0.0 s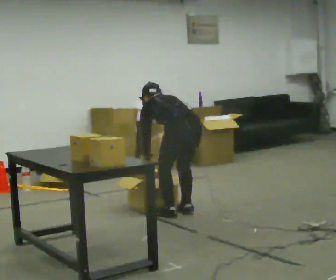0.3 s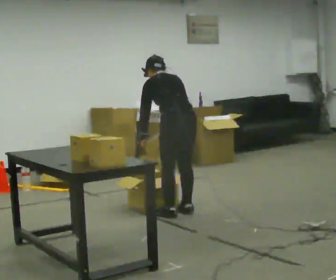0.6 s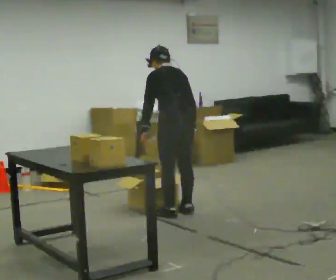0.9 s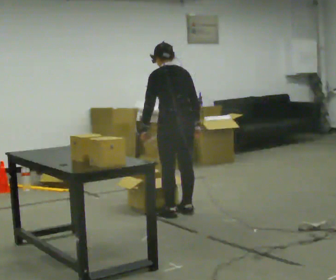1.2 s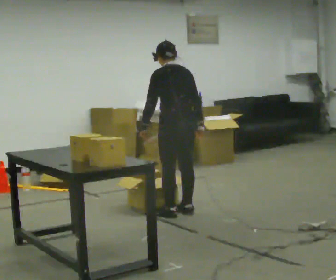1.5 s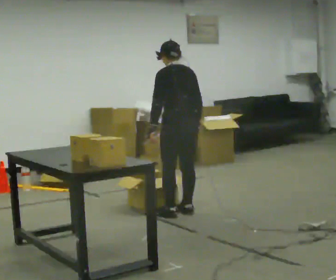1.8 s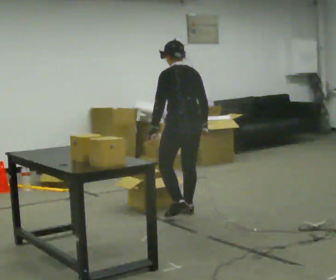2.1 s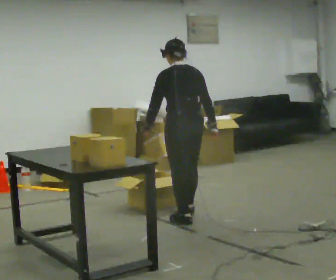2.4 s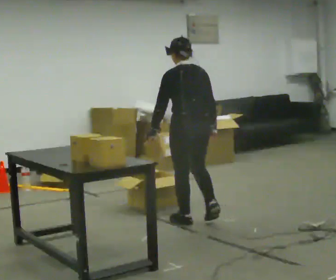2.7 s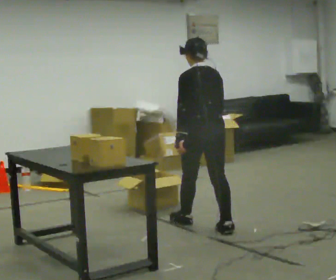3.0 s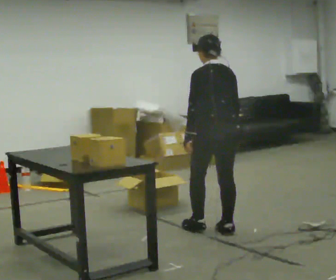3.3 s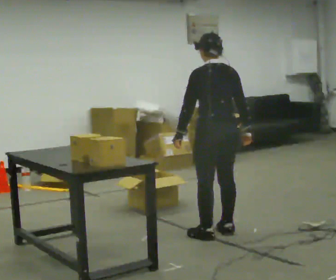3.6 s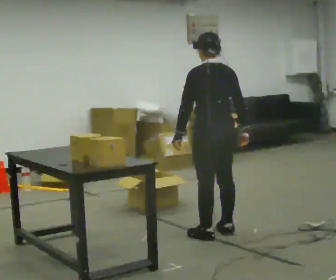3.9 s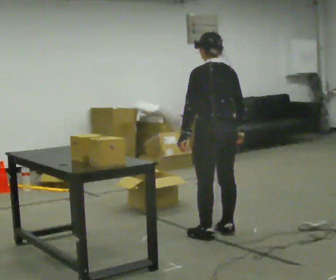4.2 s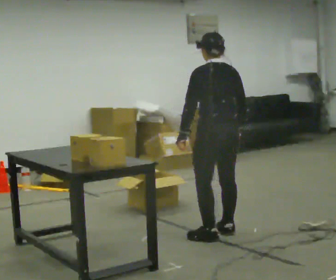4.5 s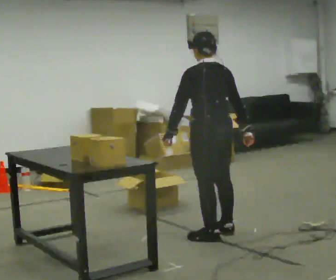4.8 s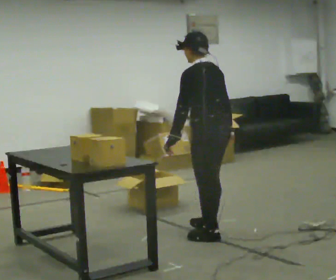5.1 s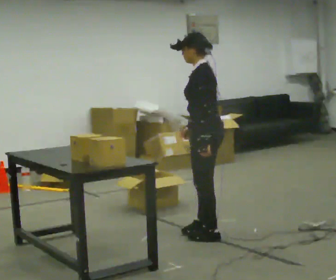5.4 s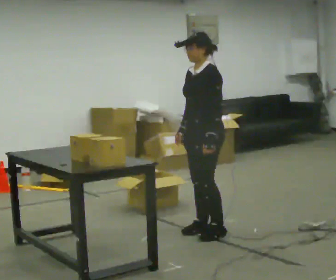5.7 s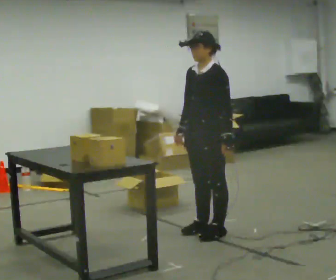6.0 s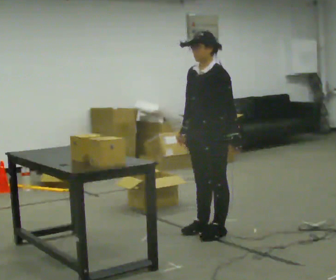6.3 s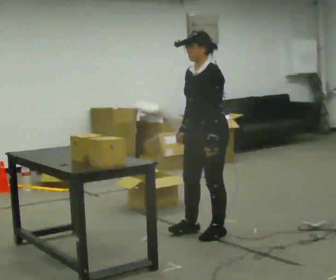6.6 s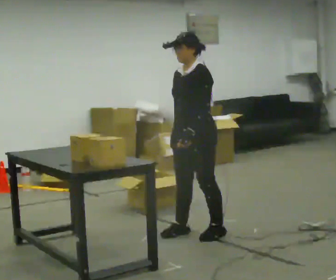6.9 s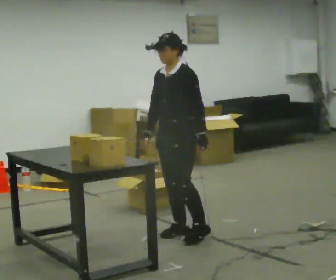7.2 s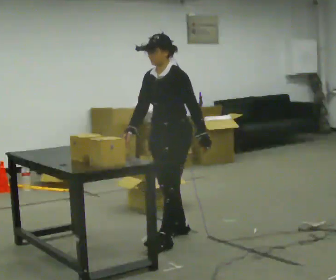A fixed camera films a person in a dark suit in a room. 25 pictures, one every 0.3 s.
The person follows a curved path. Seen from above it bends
clockwise.
0.0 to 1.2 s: The upper body goes upward. The upper body tips toward the camera, its near side rolling downward, as they lean back or straighten. In the picture their right hand goes upward and to the right.
1.2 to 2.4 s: In the picture they go toward the camera, about 0.25 m in 2 steps, which for them is backward.
2.4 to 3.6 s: In the picture they go toward the camera and to the right, about 0.5 m in 1 step, which for them is backward.
3.6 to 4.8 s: The person moves a little, or ends about where they began.
4.8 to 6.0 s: The part of the body nearest the lens slides to the right as the person turns to their left by about 75 degrees. In the picture their left hand goes to the right, the arm swinging counterclockwise.
6.0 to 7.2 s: In the picture they go to the left, about 0.25 m in 2 steps, which for them is forward.
The film runs backward here.
